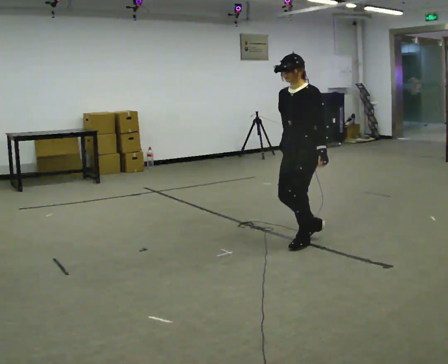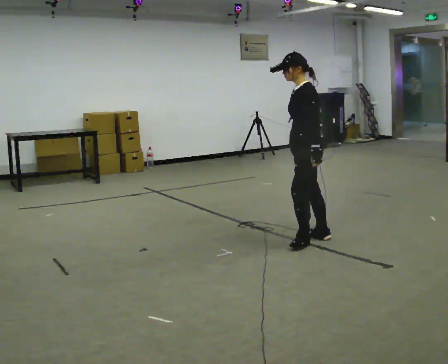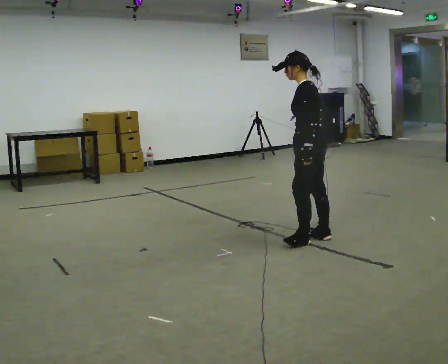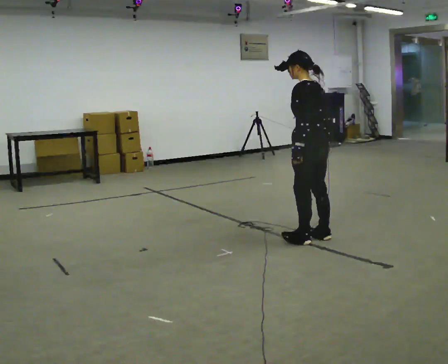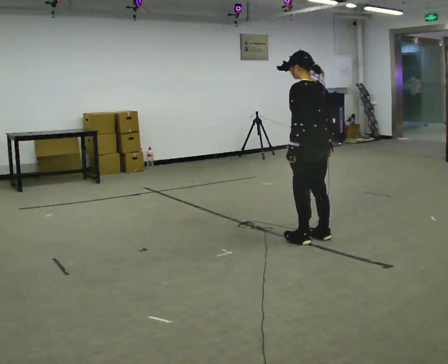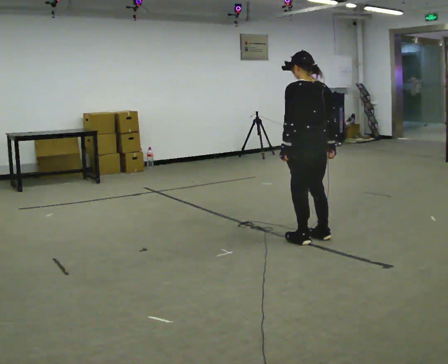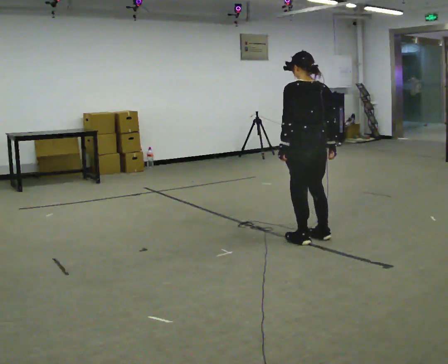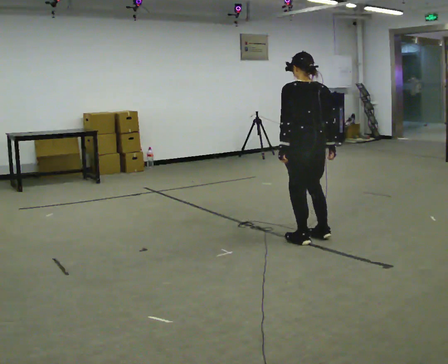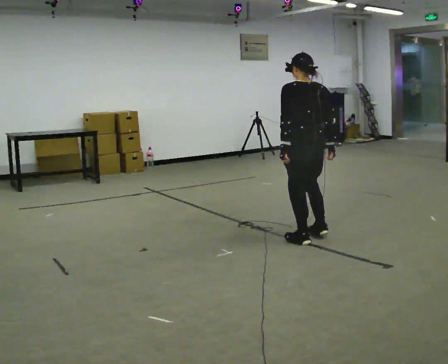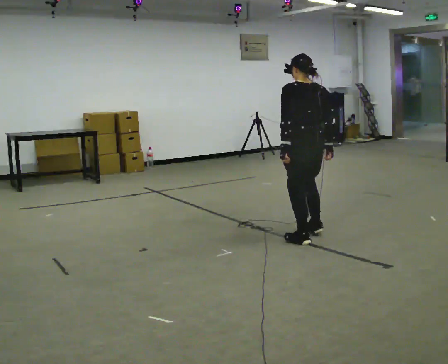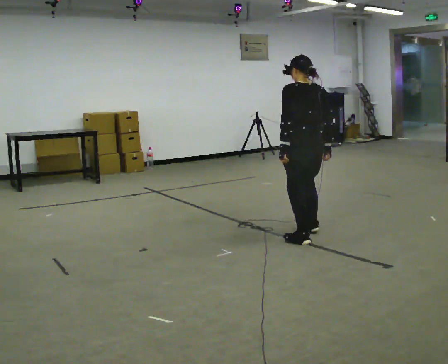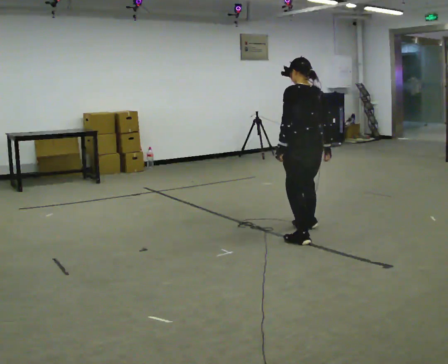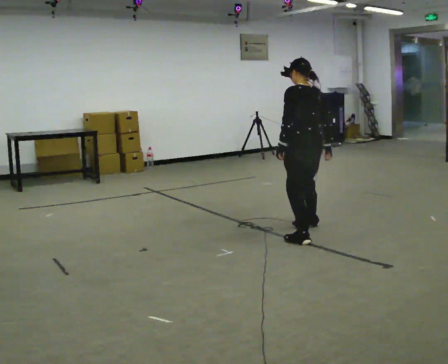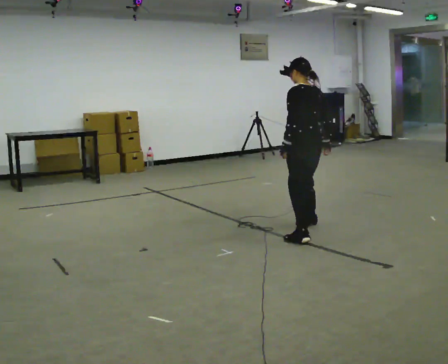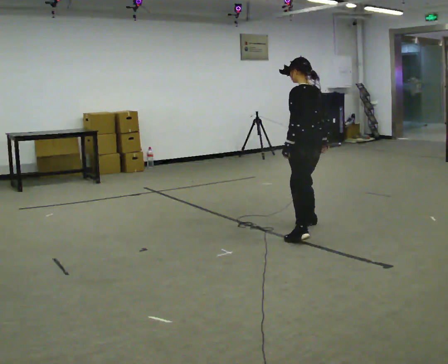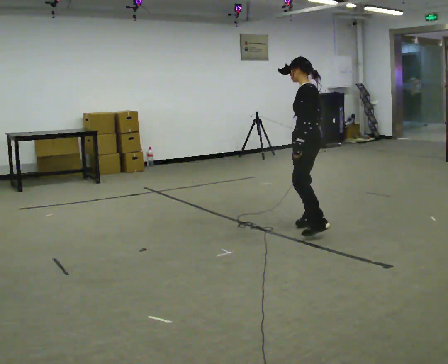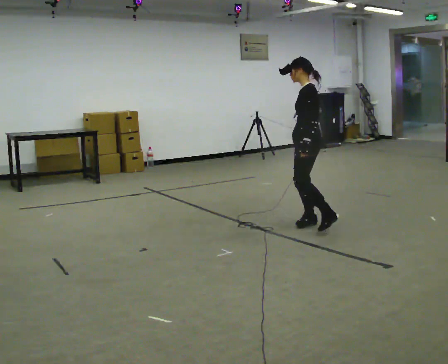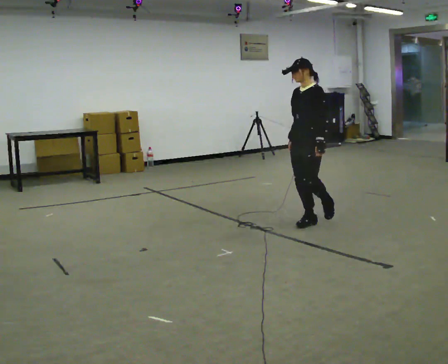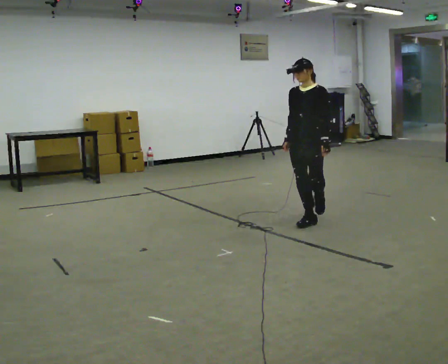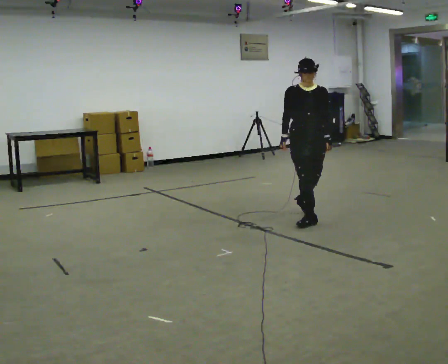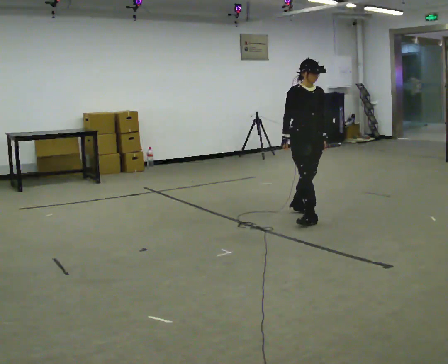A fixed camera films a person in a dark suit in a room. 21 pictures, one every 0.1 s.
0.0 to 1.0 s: Seen from above the body turns clockwise, about 120 degrees: to their right, with its near side sliding to the left. In the picture their left hand goes to the left, the arm swinging clockwise.
1.0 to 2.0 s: Seen from above the body turns counterclockwise, about 180 degrees: to their left, with its near side sliding to the right. In the picture they go away from the camera, about 1 m in 1 step.
The film runs backward here.
